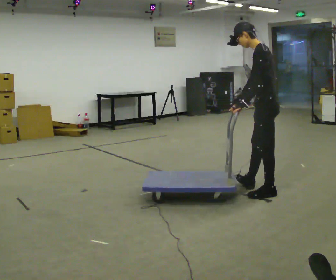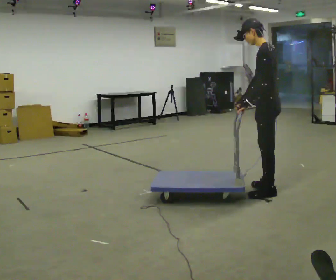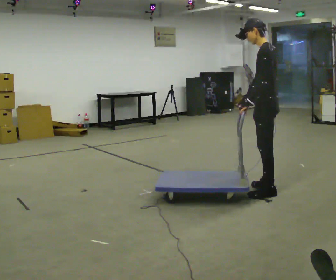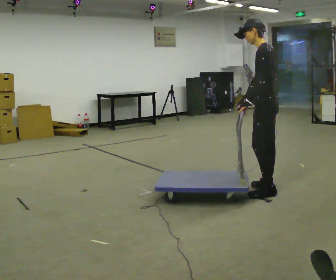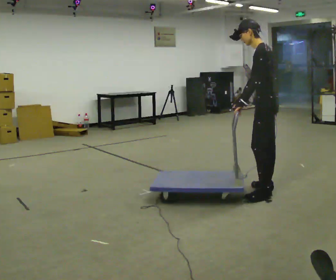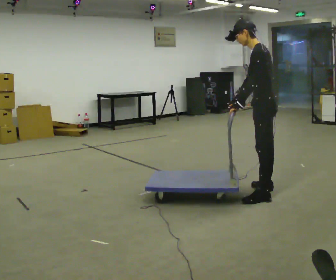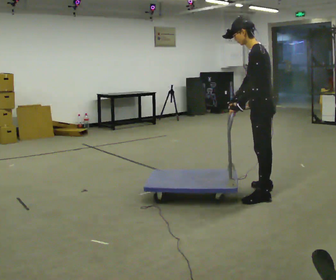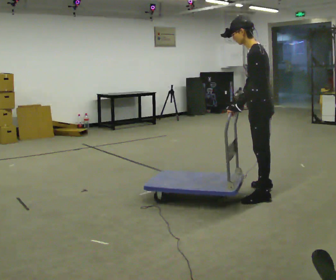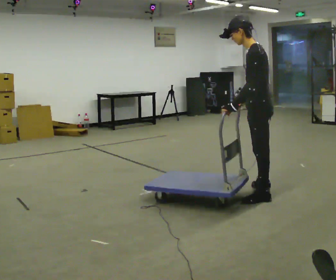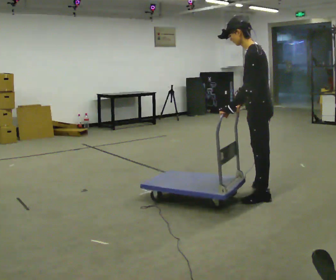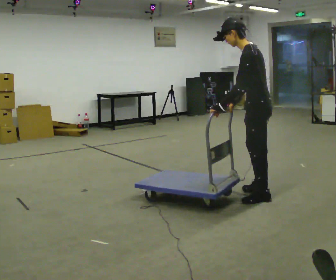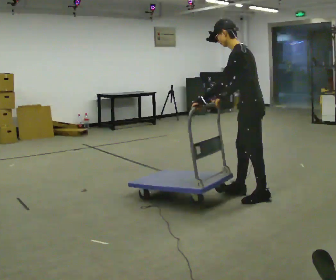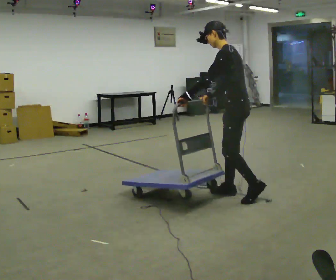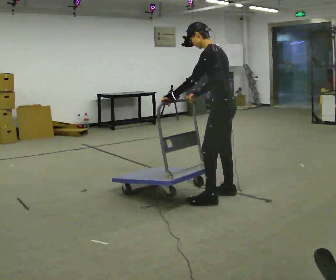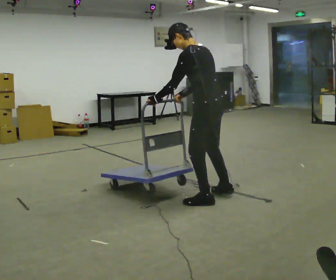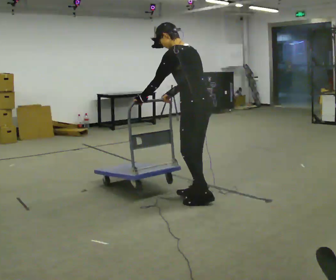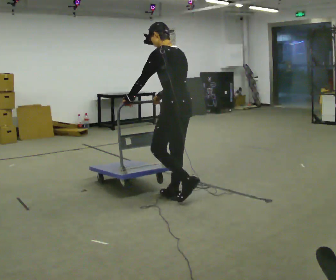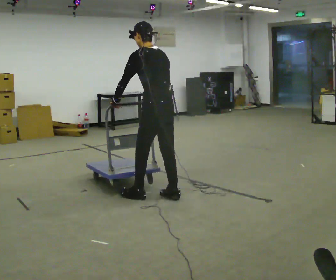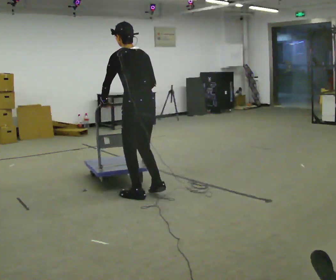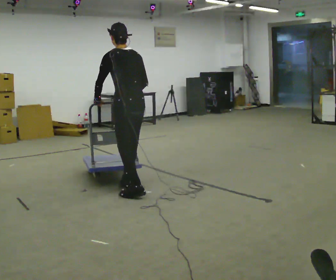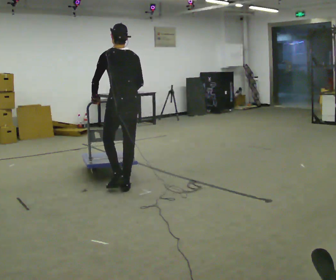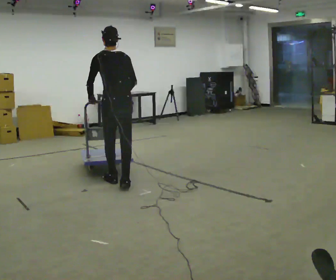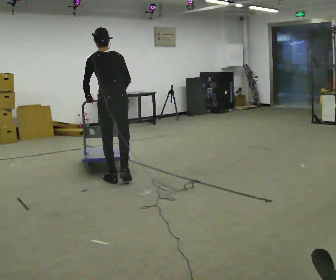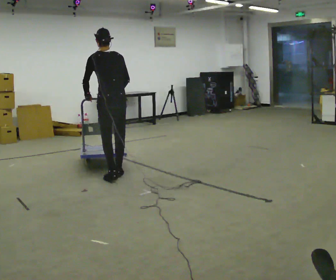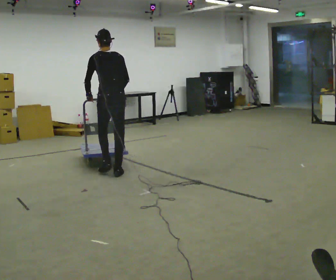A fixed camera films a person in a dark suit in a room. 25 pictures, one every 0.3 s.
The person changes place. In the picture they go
to the left.
The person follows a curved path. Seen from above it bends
clockwise.
0.0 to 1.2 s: The person moves a little, or ends about where they began.
1.2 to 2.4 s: In the picture they go toward the camera, about 0.25 m, which for them is to their left.
2.4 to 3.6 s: In the picture they go to the left, about 0.25 m in 1 step, which for them is forward. In the picture their left hand goes to the left.
3.6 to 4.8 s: In the picture they go to the left, about 0.5 m in 2 steps, which for them is forward and to their left.
4.8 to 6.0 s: Seen from above the body turns clockwise, about 30 degrees: to their right, with its near side sliding to the left. In the picture they go to the left, about 0.75 m in 2 steps, which for them is forward.
6.0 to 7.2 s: In the picture they go away from the camera and to the left, about 0.5 m in 2 steps, which for them is forward.
The film runs forward here.
